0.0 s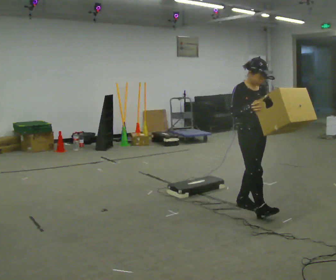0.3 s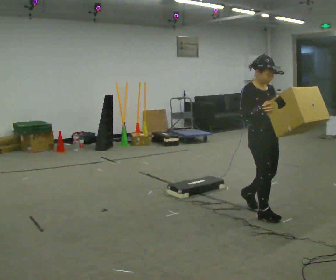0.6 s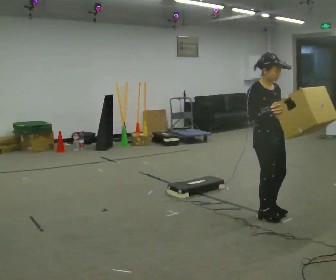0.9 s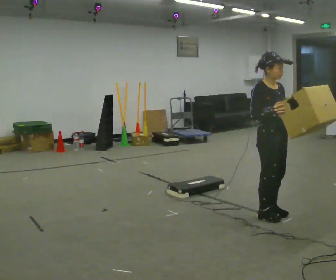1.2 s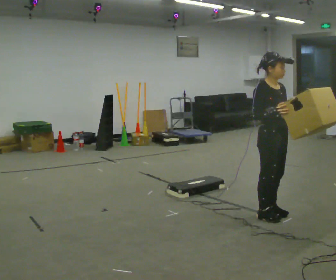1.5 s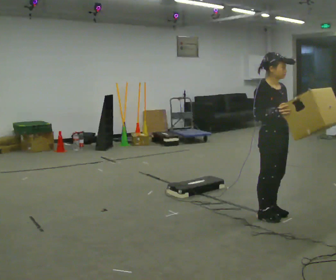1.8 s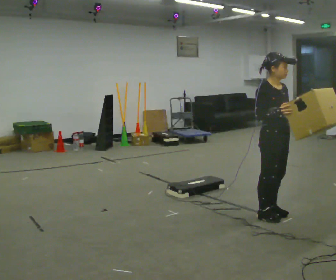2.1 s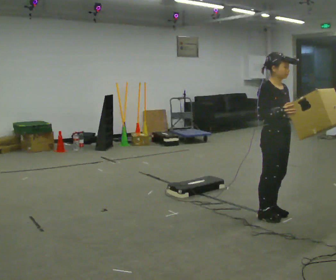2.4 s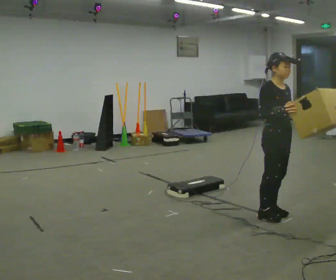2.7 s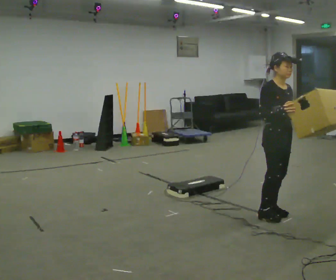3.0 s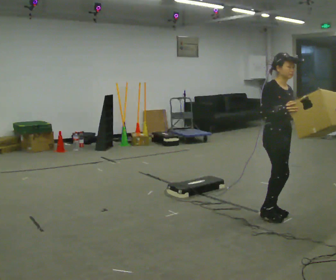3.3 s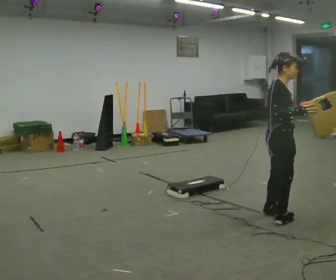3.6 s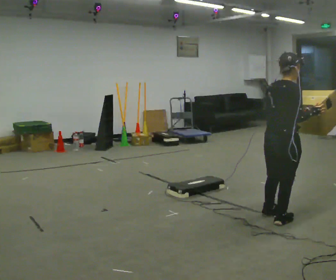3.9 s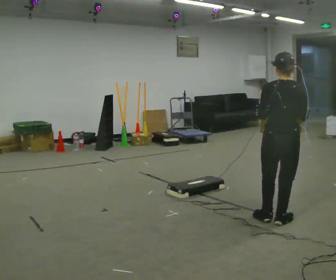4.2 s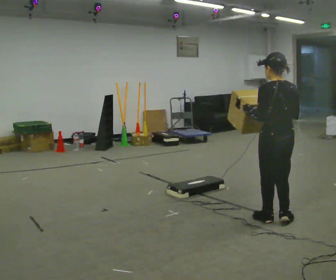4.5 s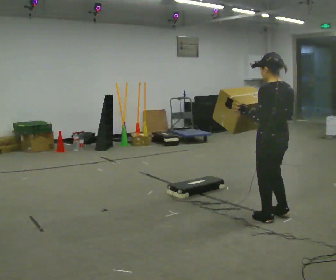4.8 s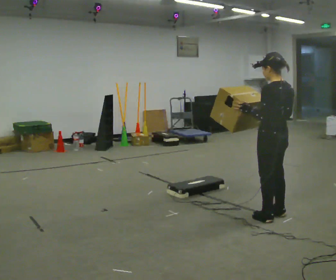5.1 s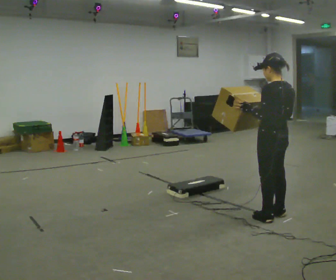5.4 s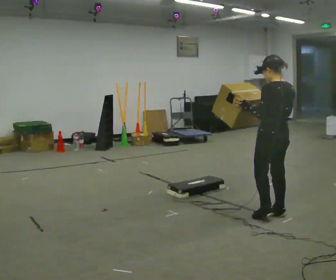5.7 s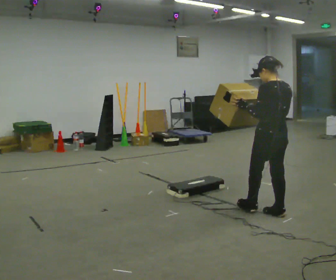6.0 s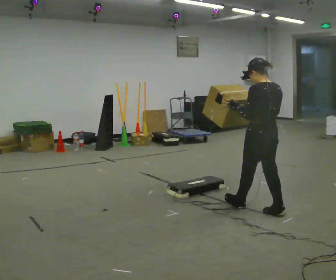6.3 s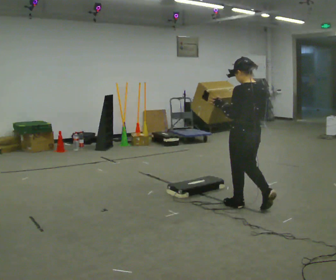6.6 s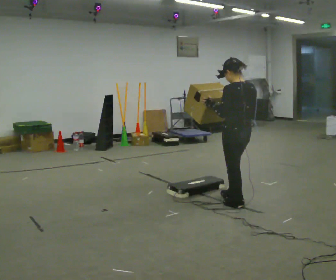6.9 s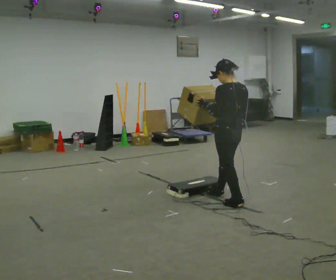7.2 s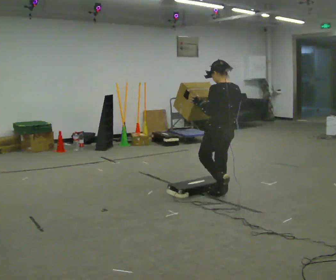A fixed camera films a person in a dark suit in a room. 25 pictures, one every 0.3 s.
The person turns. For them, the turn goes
to their left.
The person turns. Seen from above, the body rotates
counterclockwise.
0.0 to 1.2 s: In the picture they go toward the camera and to the right, about 0.25 m in 2 steps, which for them is forward.
1.2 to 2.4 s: The person moves a little, or ends about where they began.
2.4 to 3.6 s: The person turns about 90 degrees to their left, counterclockwise seen from above, so the part of the body nearest the lens slides to the right.
3.6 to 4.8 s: The person turns about 90 degrees to their left, counterclockwise seen from above, so the part of the body nearest the lens slides to the right. In the picture their right hand goes to the left.
4.8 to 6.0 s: In the picture they go away from the camera, about 0.25 m in 1 step, which for them is forward.
6.0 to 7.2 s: In the picture they go to the left and away from the camera, about 0.5 m in 1 step, which for them is forward.
The film runs forward here.
